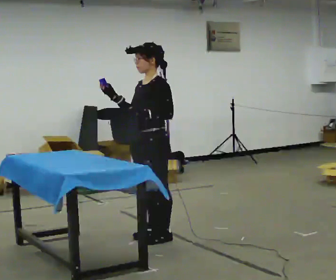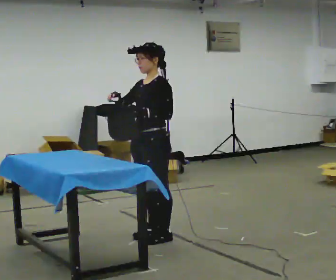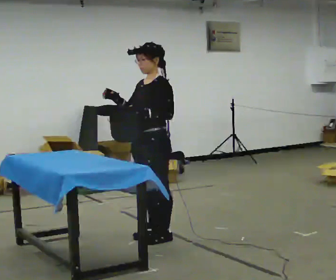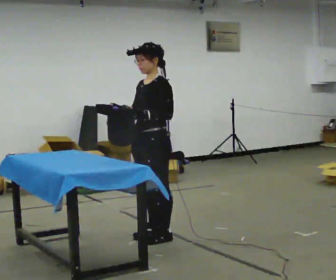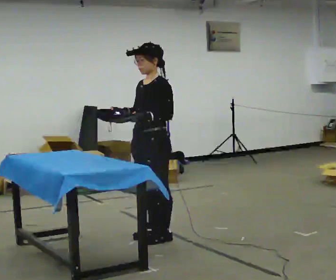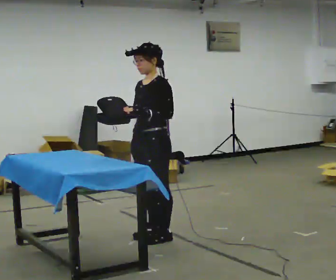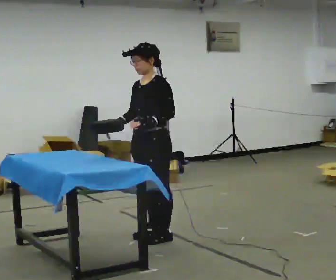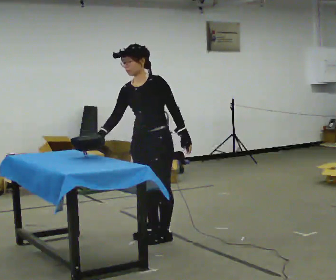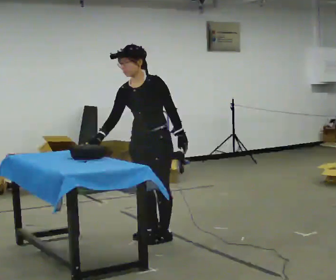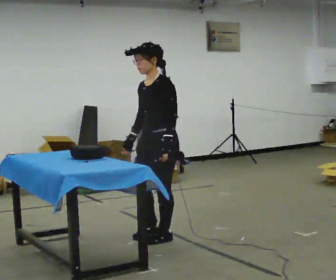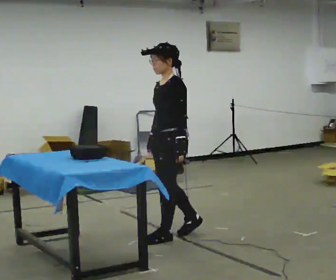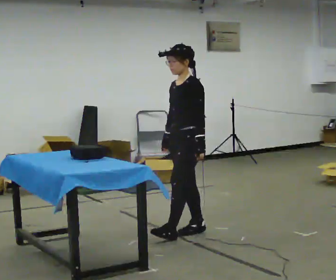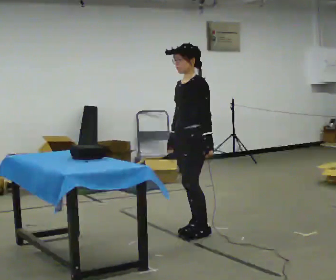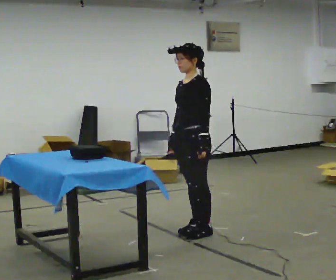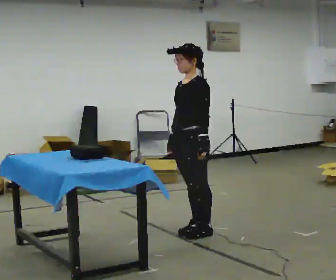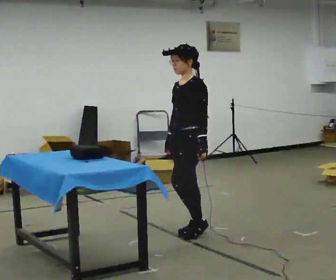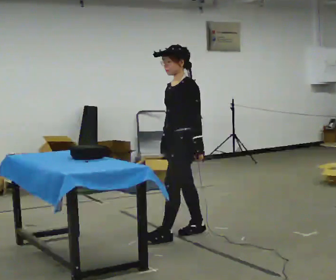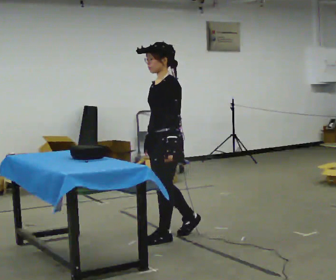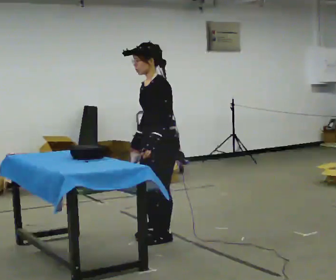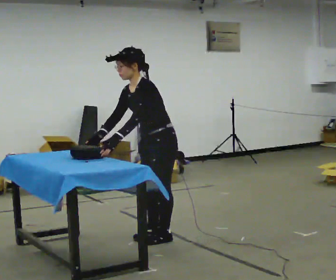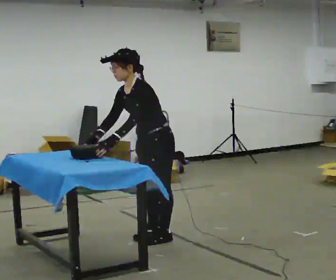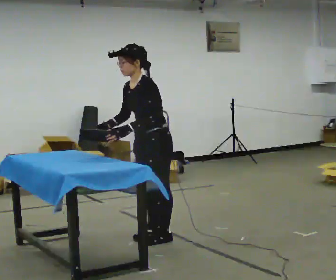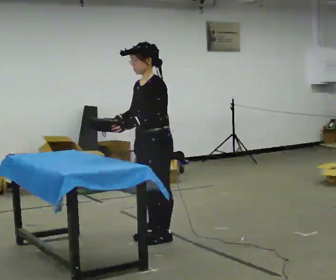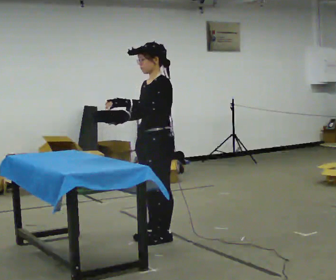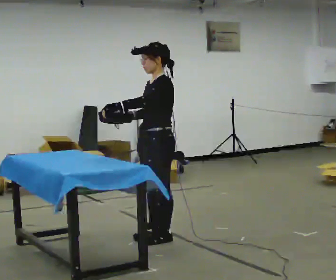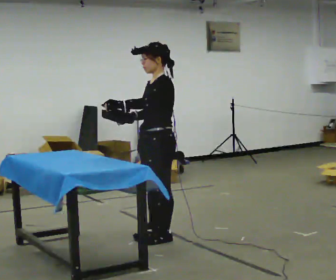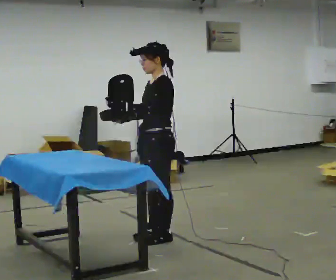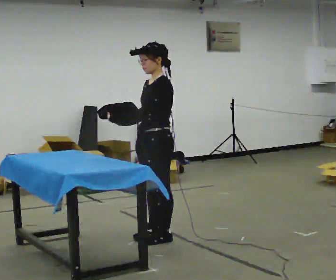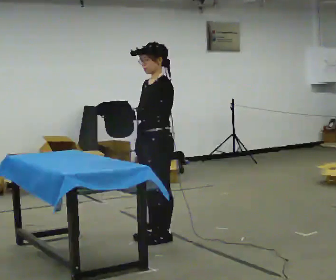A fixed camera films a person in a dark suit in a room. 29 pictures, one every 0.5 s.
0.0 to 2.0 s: The person moves a little, or ends about where they began.
2.0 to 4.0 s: Seen from above the body turns counterclockwise, about 30 degrees: to their left, with its near side sliding to the right.
4.0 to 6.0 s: The part of the body nearest the lens slides to the left as the person turns to their right by about 30 degrees. In the picture they go to the right and away from the camera, about 0.5 m in 1 step, which for them is backward.
6.0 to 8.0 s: The person moves a little, or ends about where they began.
8.0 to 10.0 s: In the picture they go to the left, about 0.25 m in 1 step, which for them is forward. In the picture the upper body tilts counterclockwise, shoulders to the left, as they bend forward. In the picture their right hand goes to the left.
10.0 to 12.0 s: In the picture the upper body tilts clockwise, shoulders to the right, as they lean back or straighten.
12.0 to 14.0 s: The person moves a little, or ends about where they began.
The film runs forward here.
